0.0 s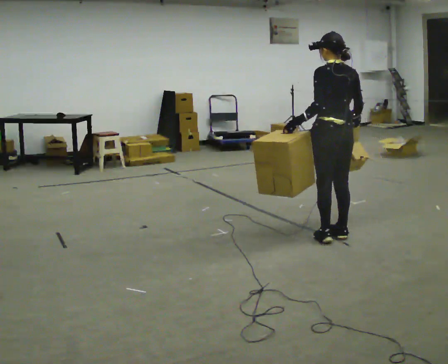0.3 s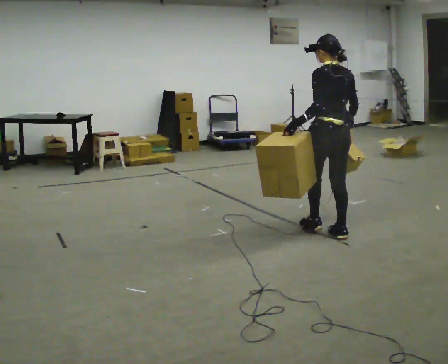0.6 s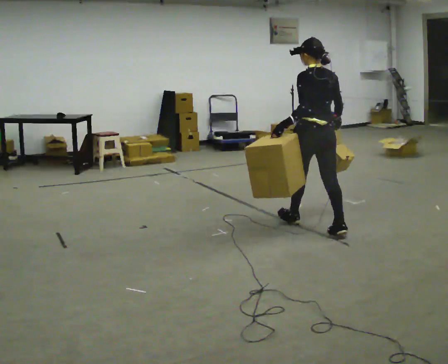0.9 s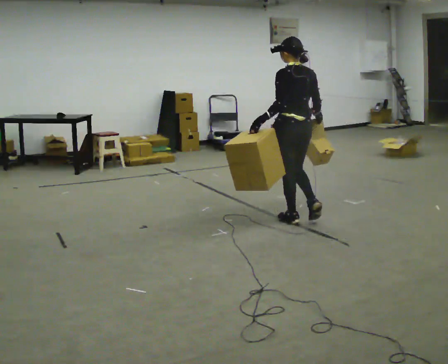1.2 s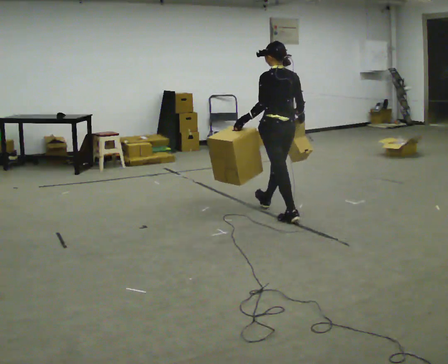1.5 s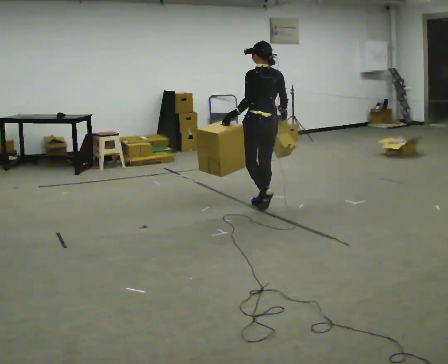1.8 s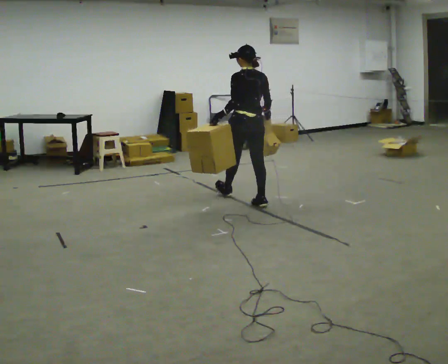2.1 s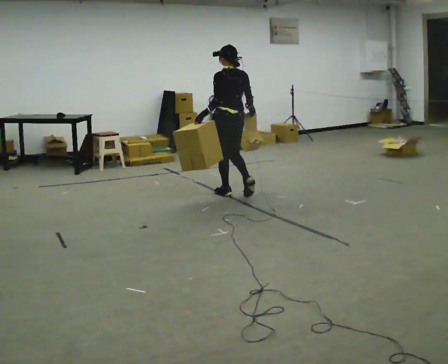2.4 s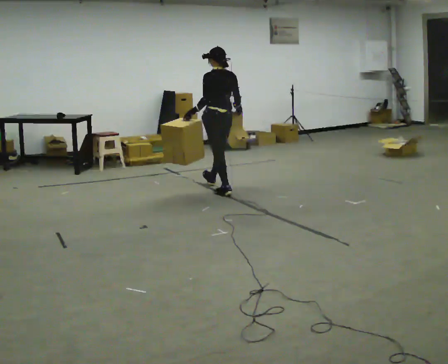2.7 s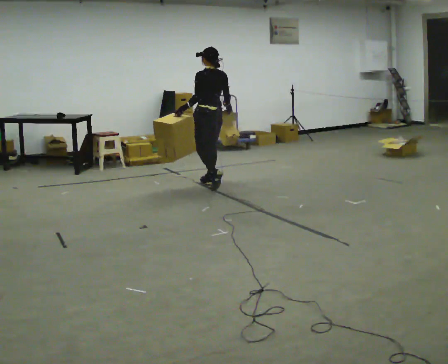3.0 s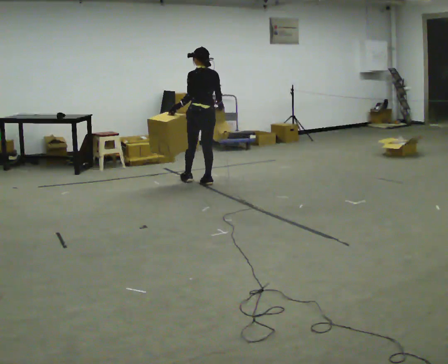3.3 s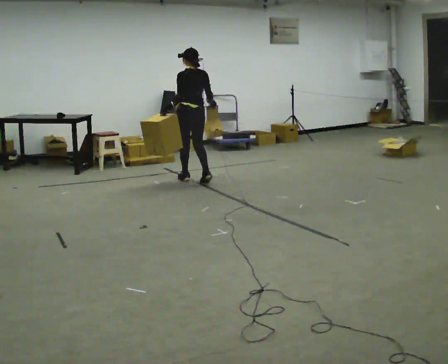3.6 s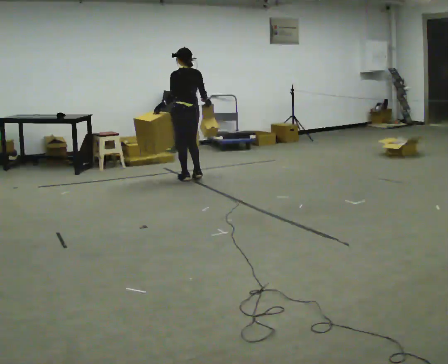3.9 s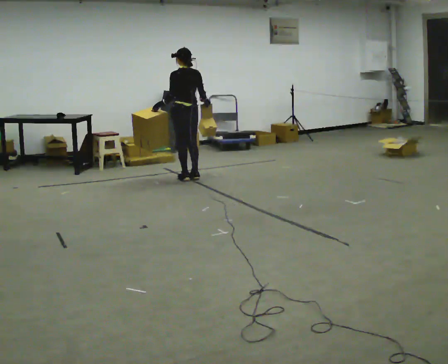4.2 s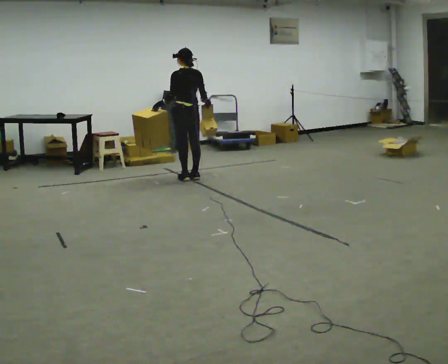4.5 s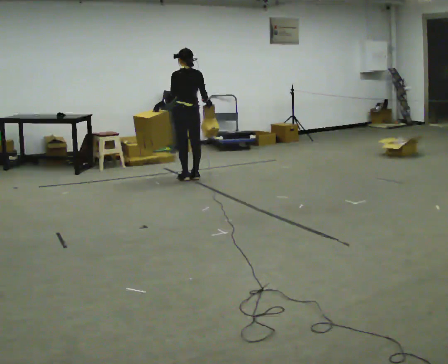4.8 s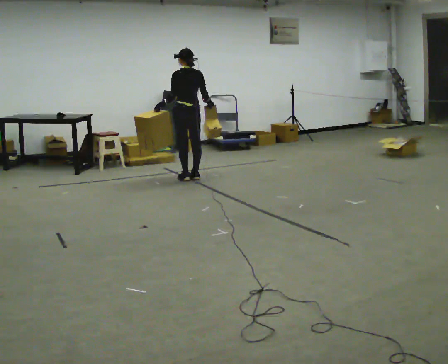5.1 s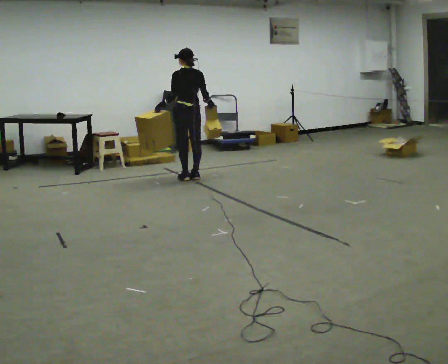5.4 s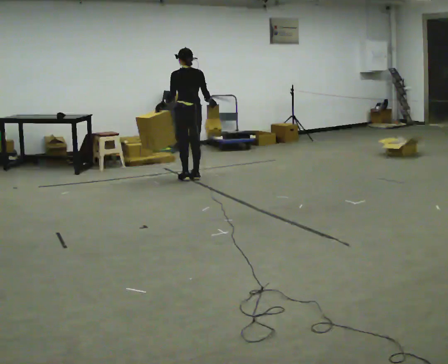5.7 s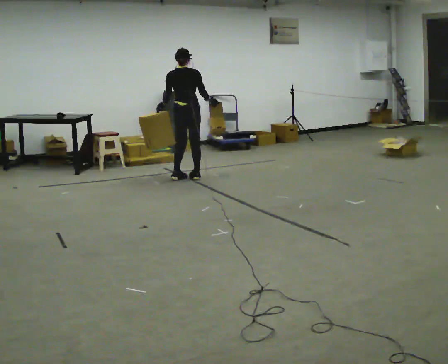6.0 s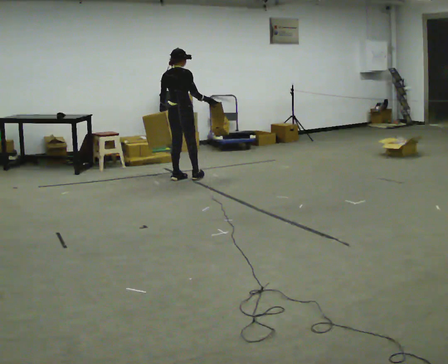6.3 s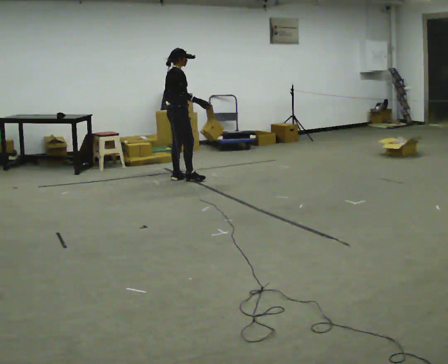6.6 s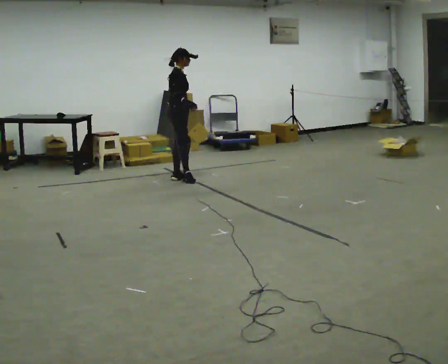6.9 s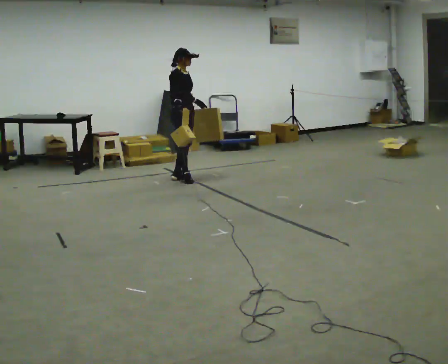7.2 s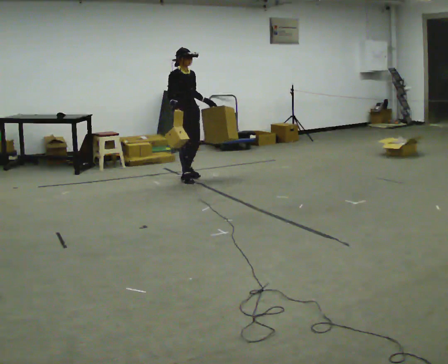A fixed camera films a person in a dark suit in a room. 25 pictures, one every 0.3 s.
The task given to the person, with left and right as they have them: Carry one object in each hand, the heavy one in the hand the operator calls, walking back and forth across the room.
0.0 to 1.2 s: In the picture they go away from the camera and to the left, about 1 m in 1 step, which for them is forward.
1.2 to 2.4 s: In the picture they go away from the camera and to the left, about 1 m in 2 steps, which for them is forward.
2.4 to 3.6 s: In the picture they go away from the camera and to the left, about 0.75 m in 2 steps, which for them is forward.
3.6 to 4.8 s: The person moves a little, or ends about where they began.
4.8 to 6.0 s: Seen from above the body turns clockwise, about 60 degrees: to their right, with its near side sliding to the left.
6.0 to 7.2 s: The part of the body nearest the lens slides to the left as the person turns to their right by about 90 degrees. In the picture their right hand goes to the left, the arm swinging clockwise.
The film runs forward here.
